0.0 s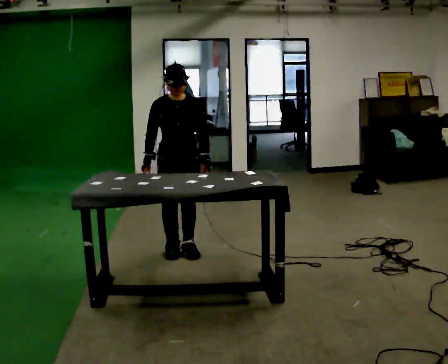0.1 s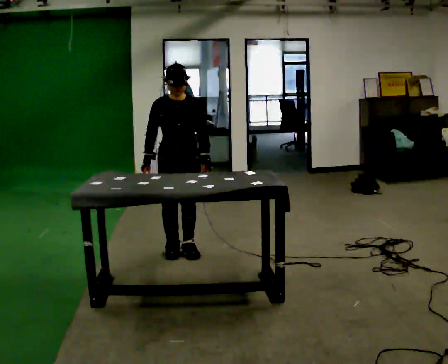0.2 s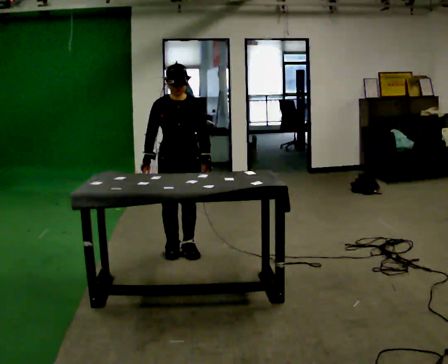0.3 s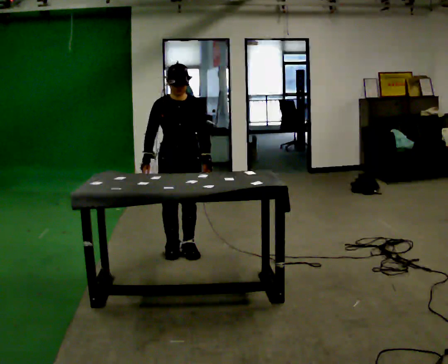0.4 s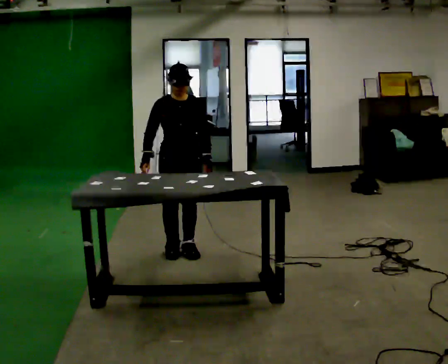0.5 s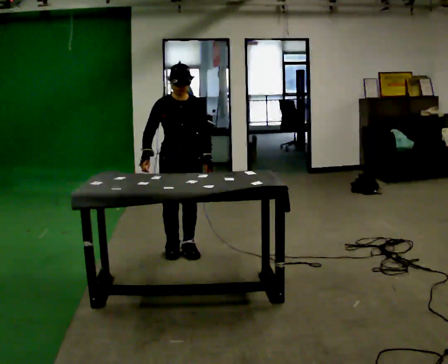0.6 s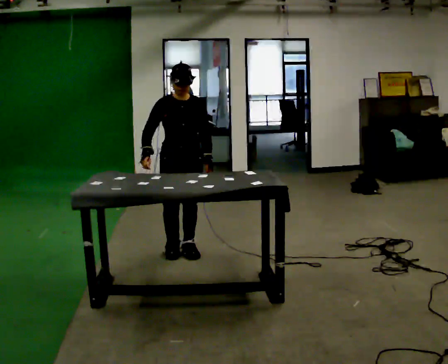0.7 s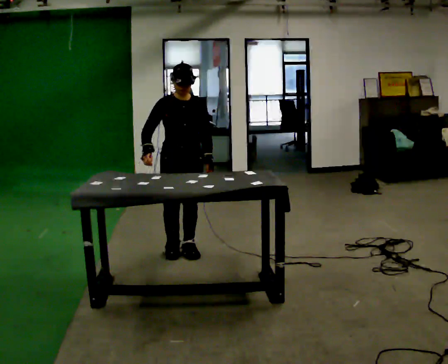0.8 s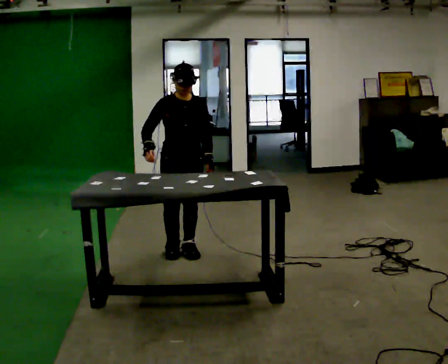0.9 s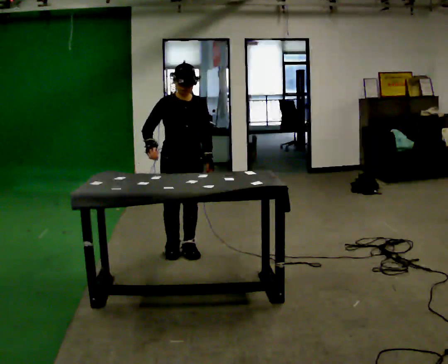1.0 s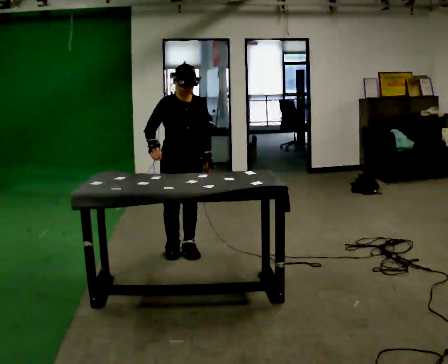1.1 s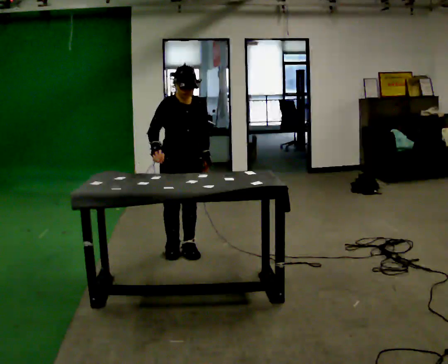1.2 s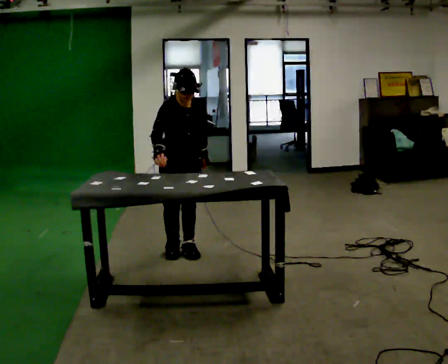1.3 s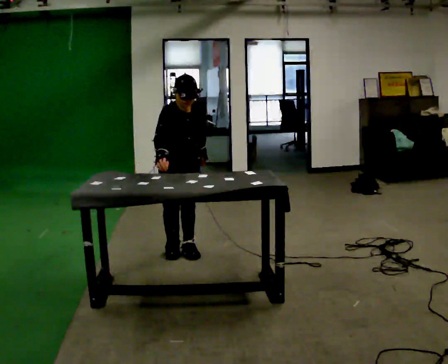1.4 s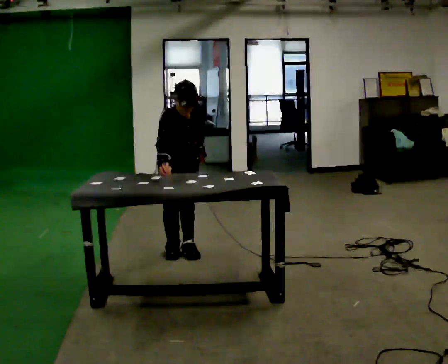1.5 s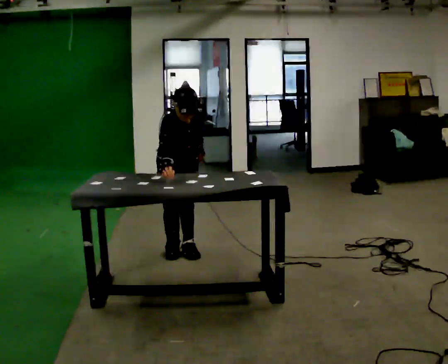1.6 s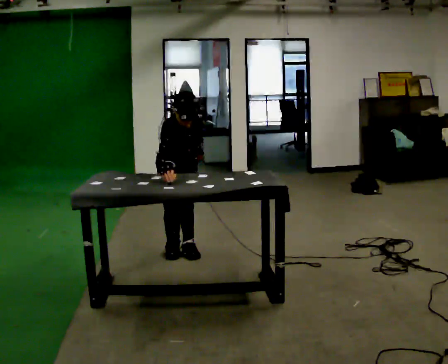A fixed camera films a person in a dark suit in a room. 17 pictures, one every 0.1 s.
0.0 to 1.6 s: The person turns about 30 degrees to their left, counterclockwise seen from above, so the part of the body nearest the lens slides to the right. The upper body tips toward the camera, its near side rolling downward, as they bend forward.
The film runs forward here.
